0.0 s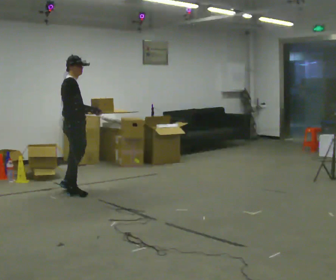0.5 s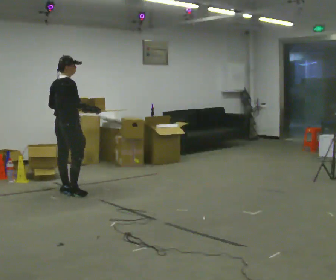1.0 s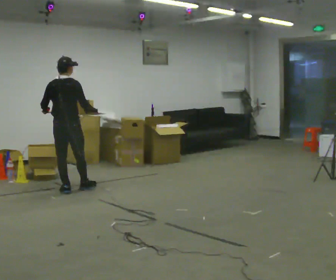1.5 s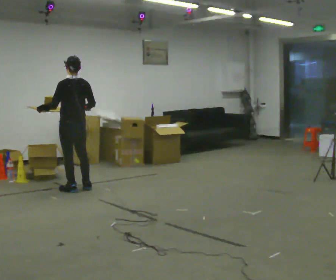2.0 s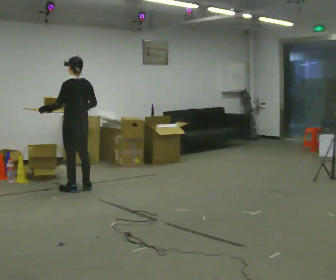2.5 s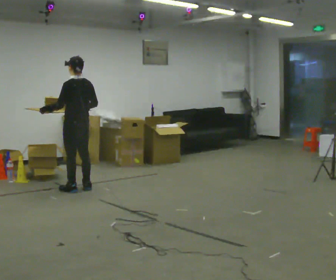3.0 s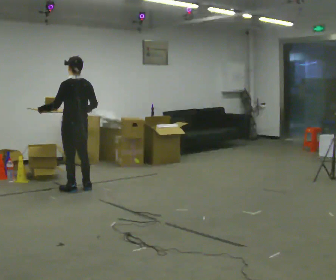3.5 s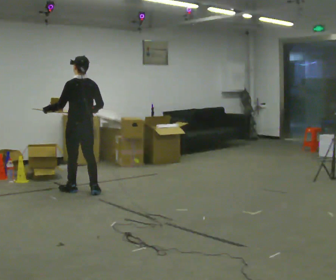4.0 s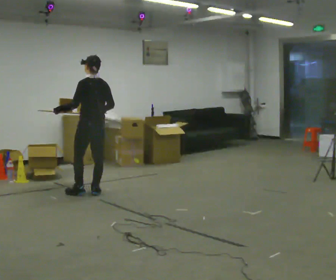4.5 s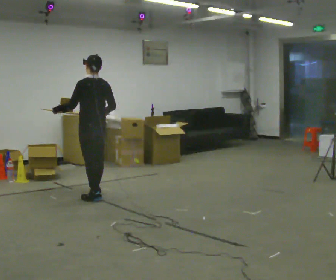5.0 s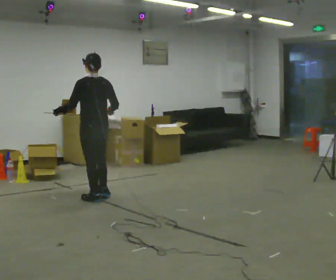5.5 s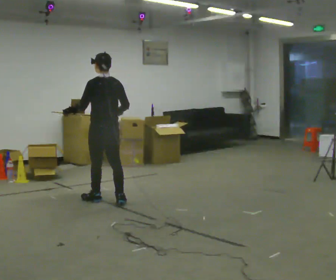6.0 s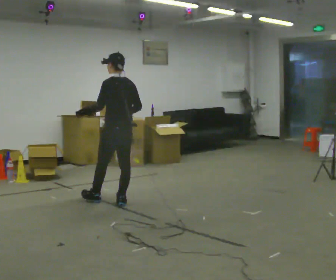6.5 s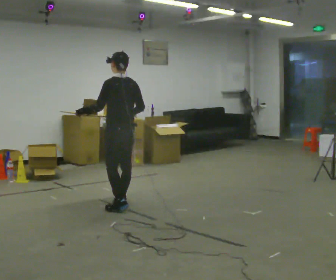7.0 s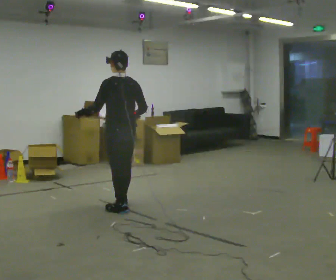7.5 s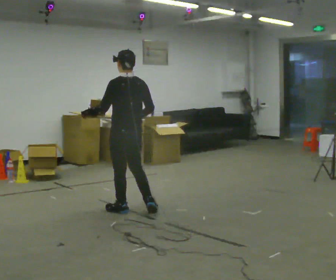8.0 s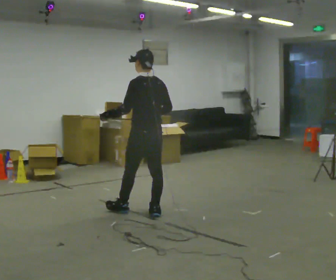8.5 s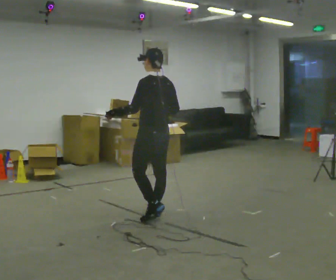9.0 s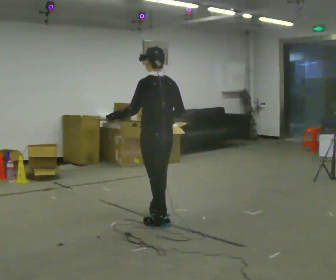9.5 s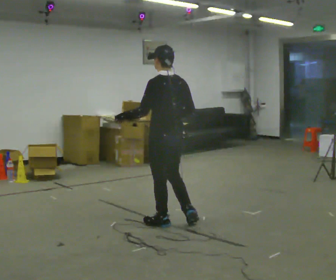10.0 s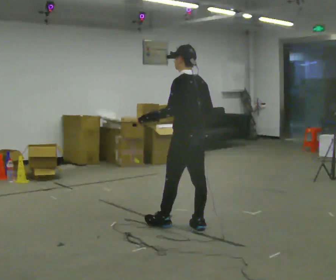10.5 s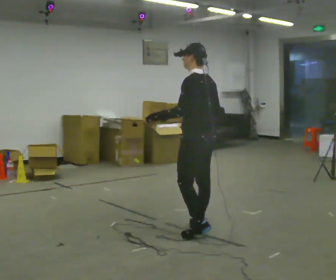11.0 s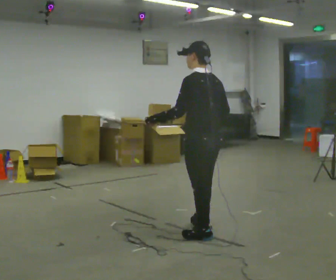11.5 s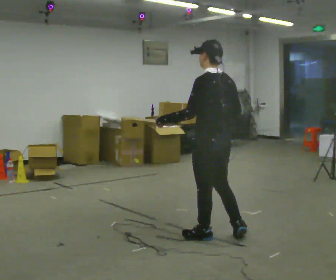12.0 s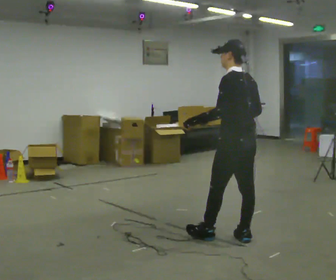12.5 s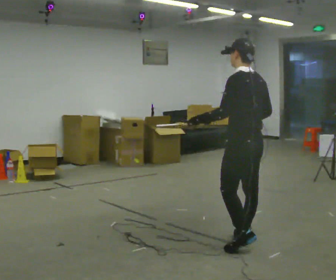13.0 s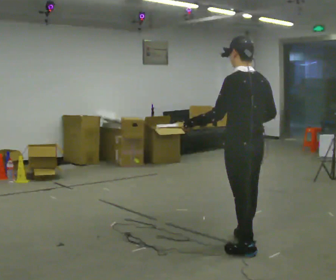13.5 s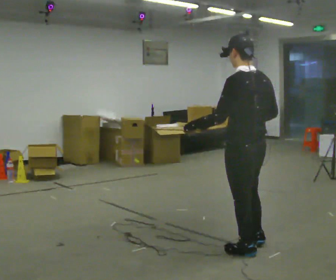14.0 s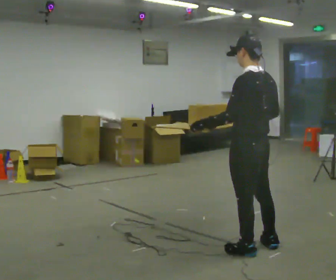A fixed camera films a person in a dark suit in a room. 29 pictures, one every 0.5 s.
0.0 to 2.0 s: The person turns about 105 degrees to their left, counterclockwise seen from above, so the part of the body nearest the lens slides to the right. In the picture they go away from the camera, about 0.25 m in 1 step.
2.0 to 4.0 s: In the picture they go to the right and toward the camera, about 0.25 m in 2 steps, which for them is backward.
4.0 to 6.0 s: In the picture they go toward the camera and to the right, about 0.5 m in 2 steps, which for them is backward.
6.0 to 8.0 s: In the picture they go toward the camera and to the right, about 0.5 m in 1 step, which for them is backward.
8.0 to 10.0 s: In the picture they go toward the camera and to the right, about 0.5 m in 3 steps, which for them is backward.
10.0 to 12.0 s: In the picture they go toward the camera and to the right, about 0.5 m in 2 steps, which for them is backward.
12.0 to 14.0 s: In the picture they go toward the camera, about 0.25 m in 1 step, which for them is backward and to their left.
The film runs backward here.
